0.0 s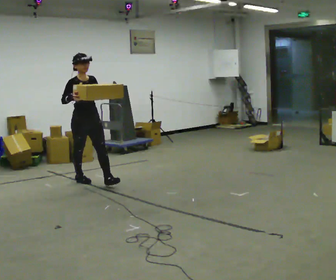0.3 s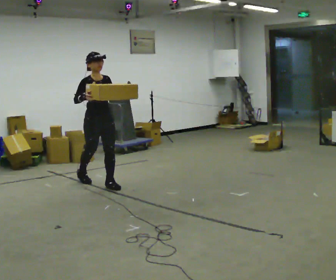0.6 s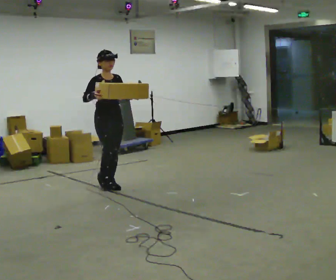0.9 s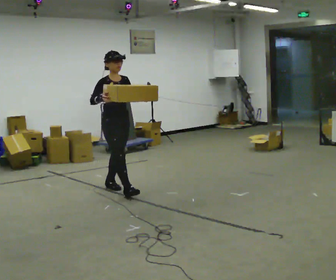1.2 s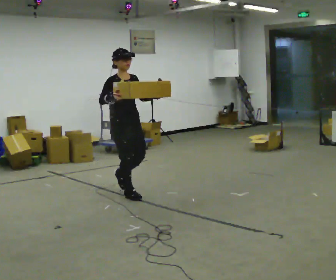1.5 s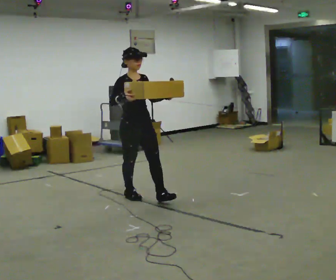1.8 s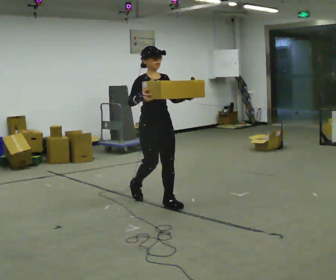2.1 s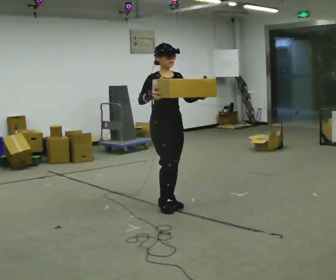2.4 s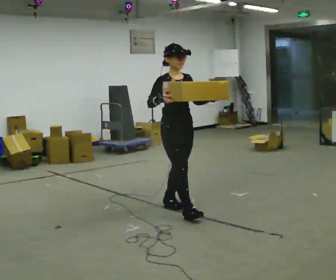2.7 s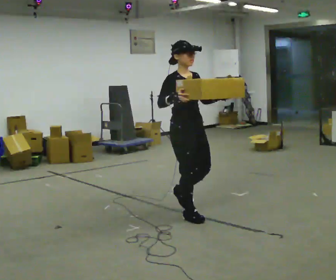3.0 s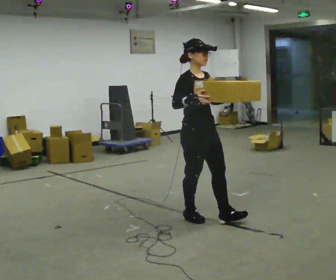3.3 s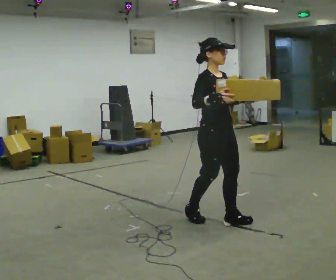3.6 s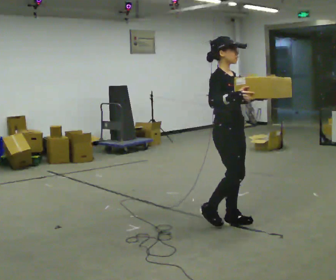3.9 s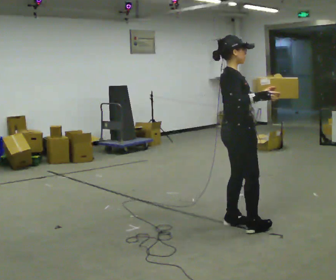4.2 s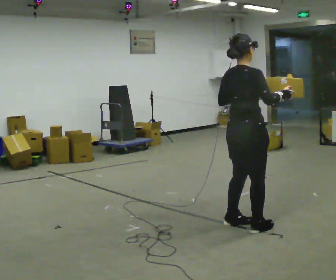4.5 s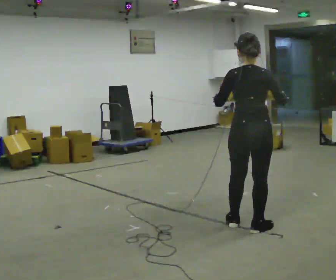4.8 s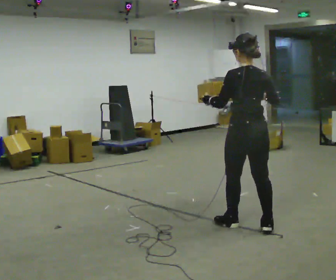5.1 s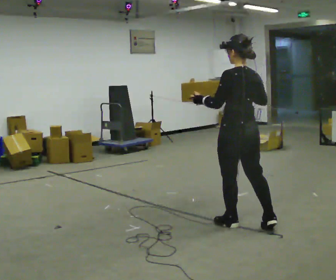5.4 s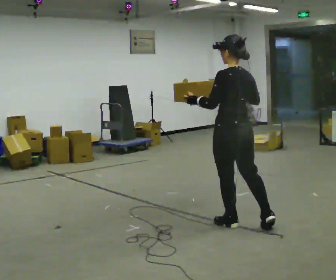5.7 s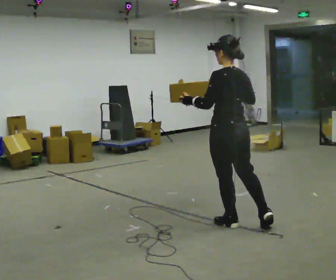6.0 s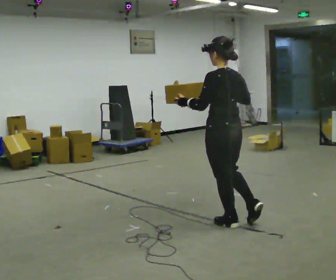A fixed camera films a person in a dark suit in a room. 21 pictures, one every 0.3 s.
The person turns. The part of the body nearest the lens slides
to the right.
The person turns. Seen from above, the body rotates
counterclockwise.
0.0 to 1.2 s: In the picture they go toward the camera and to the right, about 1 m in 1 step, which for them is forward.
1.2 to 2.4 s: In the picture they go toward the camera and to the right, about 1 m in 2 steps, which for them is forward.
2.4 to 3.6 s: The person turns about 30 degrees to their left, counterclockwise seen from above, so the part of the body nearest the lens slides to the right. In the picture they go to the right and toward the camera, about 0.5 m in 1 step, which for them is forward.
3.6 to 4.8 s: Seen from above the body turns counterclockwise, about 135 degrees: to their left, with its near side sliding to the right. In the picture they go to the right, about 0.25 m in 1 step.
4.8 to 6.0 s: In the picture they go to the left, about 0.25 m, which for them is forward.
The film runs forward here.
